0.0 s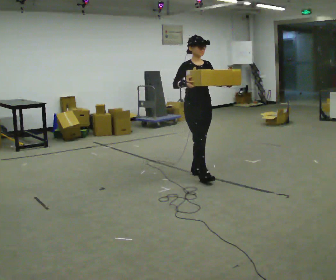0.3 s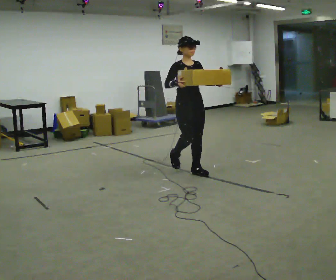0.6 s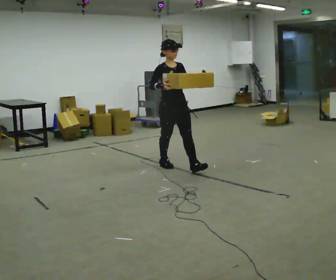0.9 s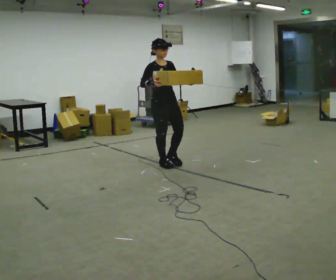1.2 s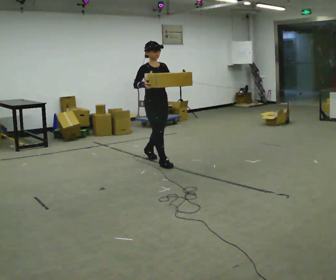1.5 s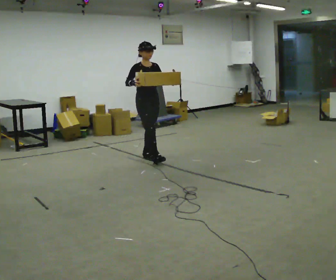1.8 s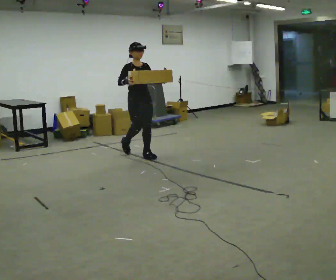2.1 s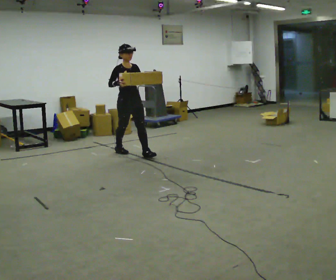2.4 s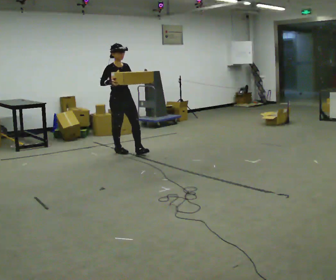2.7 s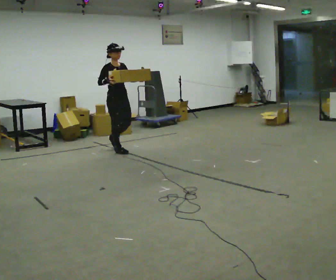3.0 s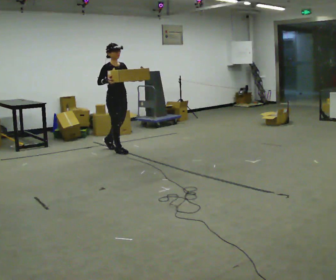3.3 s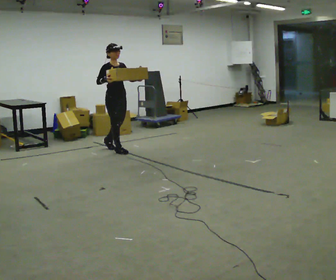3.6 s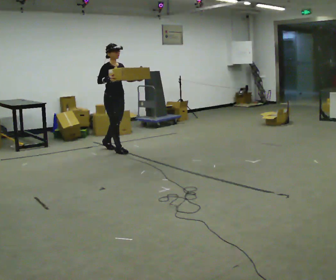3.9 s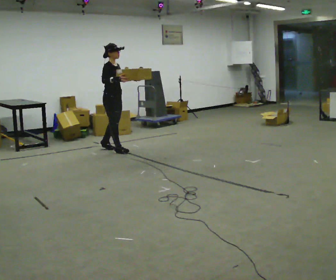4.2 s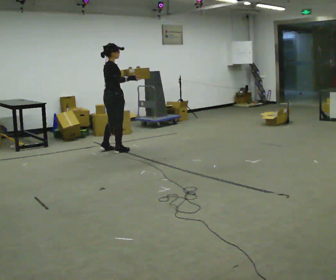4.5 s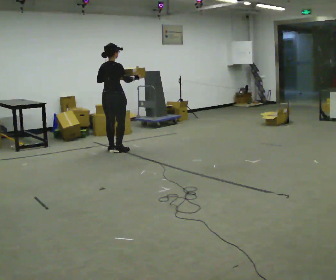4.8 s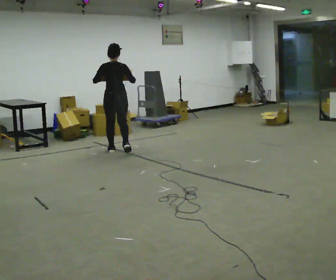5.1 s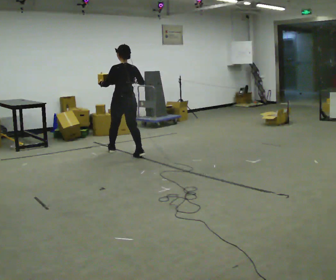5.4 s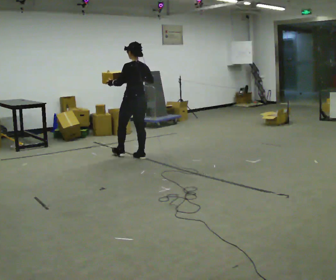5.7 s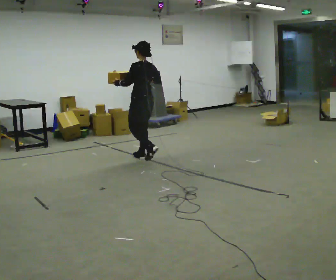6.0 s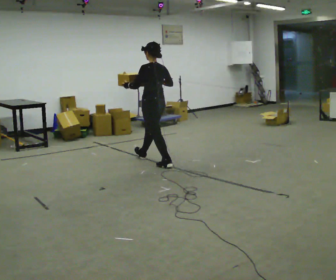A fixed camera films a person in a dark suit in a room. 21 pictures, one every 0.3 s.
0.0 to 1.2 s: In the picture they go away from the camera and to the left, about 1 m in 1 step, which for them is backward.
1.2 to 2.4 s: In the picture they go away from the camera and to the left, about 0.5 m in 2 steps, which for them is backward.
2.4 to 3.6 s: The person moves a little, or ends about where they began.
3.6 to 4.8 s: Seen from above the body turns counterclockwise, about 135 degrees: to their left, with its near side sliding to the right. In the picture their left hand goes to the left.
4.8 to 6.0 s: Seen from above the body turns counterclockwise, about 45 degrees: to their left, with its near side sliding to the right. In the picture they go toward the camera and to the right, about 1 m in 2 steps, which for them is backward.
The film runs backward here.
